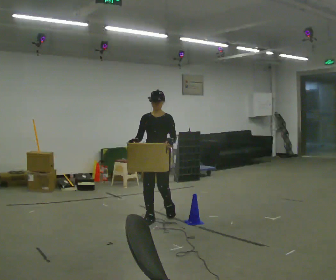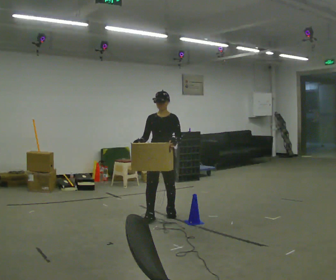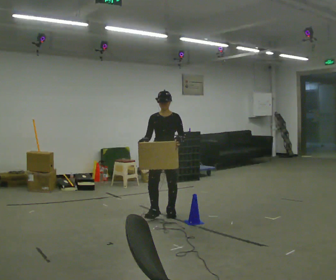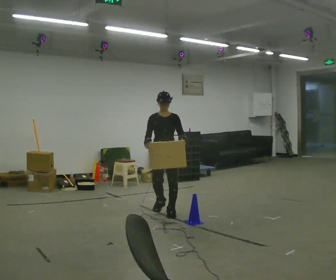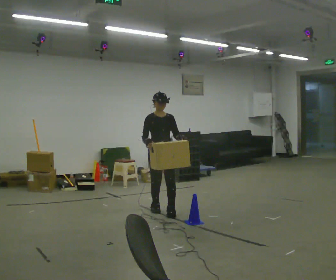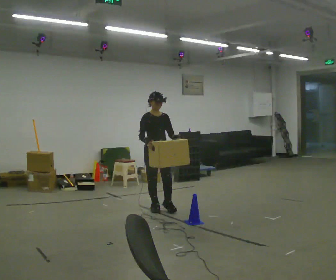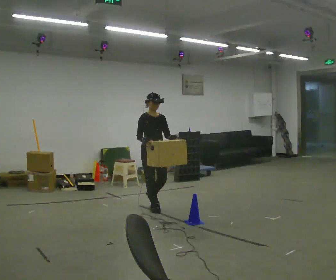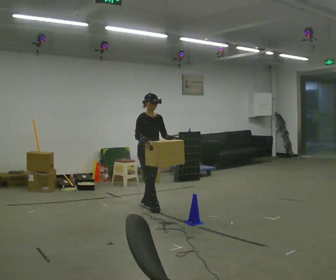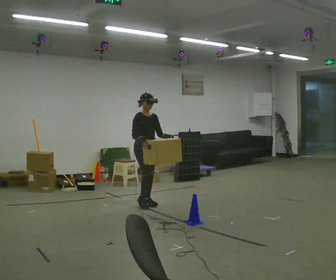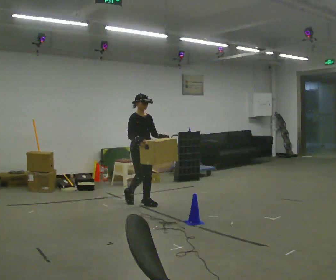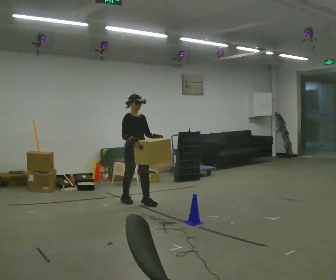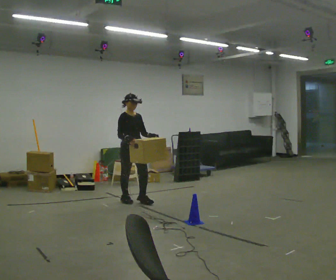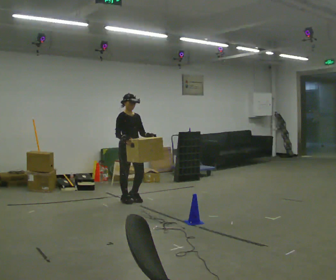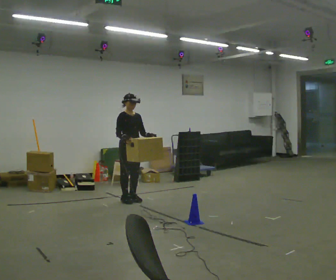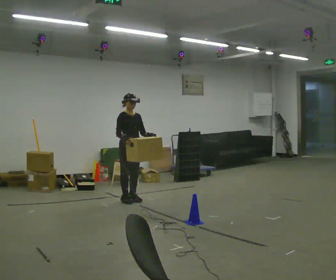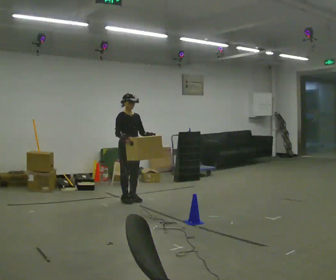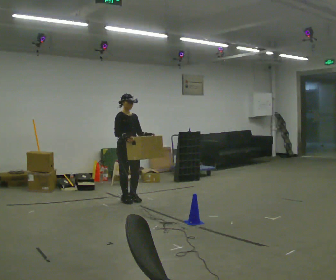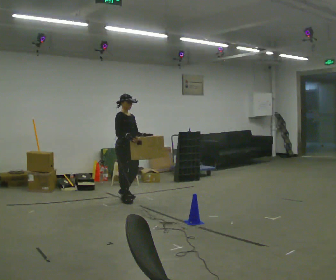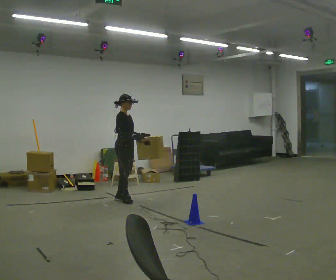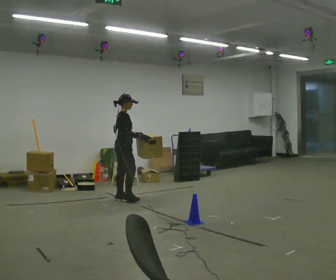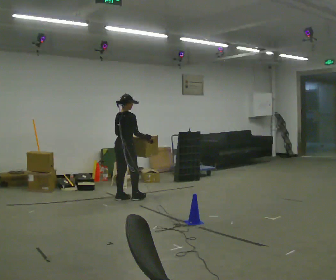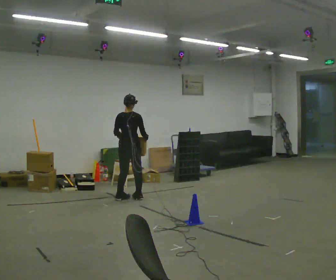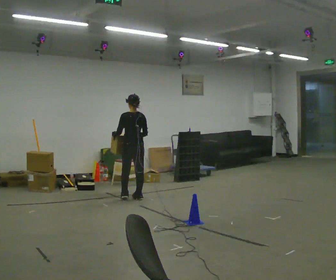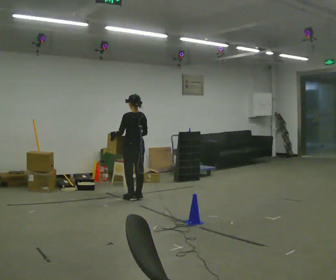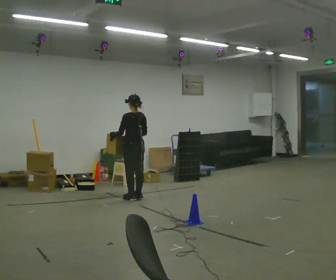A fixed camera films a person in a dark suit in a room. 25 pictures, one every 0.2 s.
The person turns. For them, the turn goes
to their left.
The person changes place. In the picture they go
away from the camera.
0.0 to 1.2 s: The part of the body nearest the lens slides to the right as the person turns to their left by about 45 degrees. In the picture they go away from the camera, about 0.5 m in 2 steps, which for them is backward.
1.2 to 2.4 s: In the picture they go away from the camera and to the left, about 0.5 m in 2 steps, which for them is backward.
2.4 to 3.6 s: Seen from above the body turns counterclockwise, about 30 degrees: to their left, with its near side sliding to the right.
3.6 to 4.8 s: The part of the body nearest the lens slides to the right as the person turns to their left by about 150 degrees. In the picture they go to the right, about 0.25 m in 2 steps. In the picture their left hand goes to the left.
The film runs backward here.
